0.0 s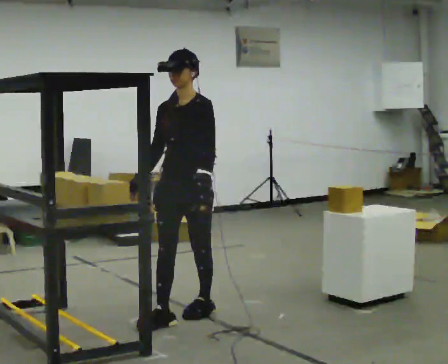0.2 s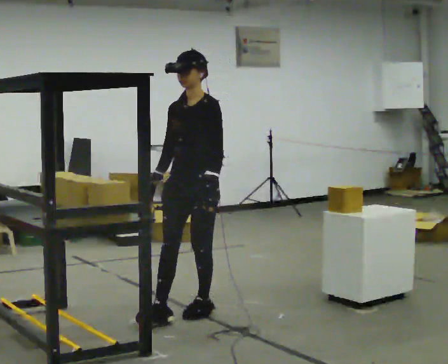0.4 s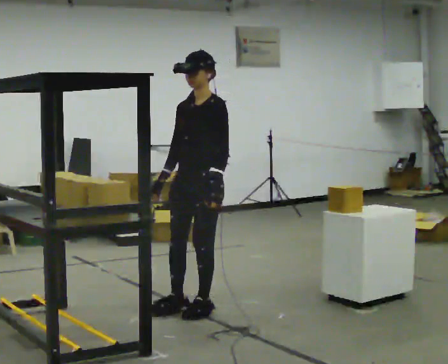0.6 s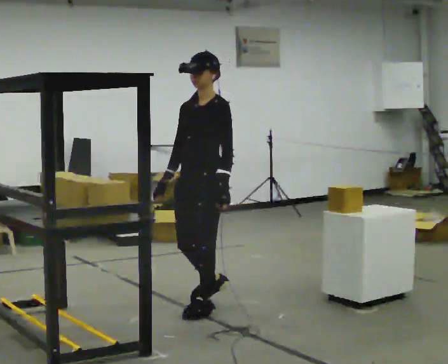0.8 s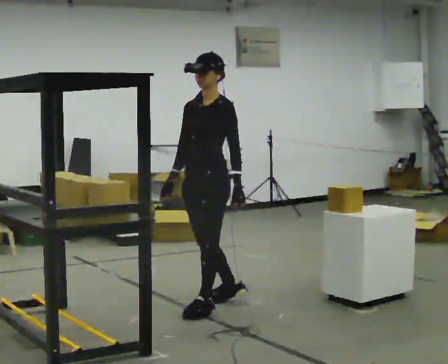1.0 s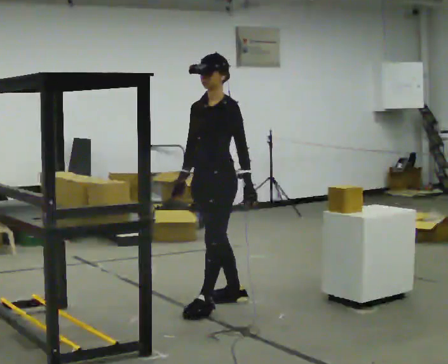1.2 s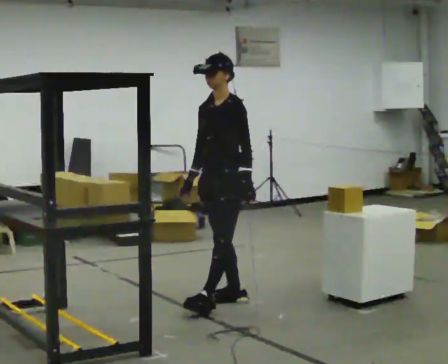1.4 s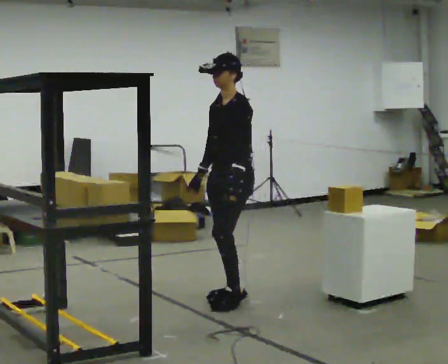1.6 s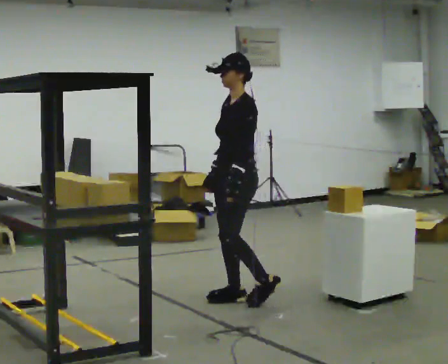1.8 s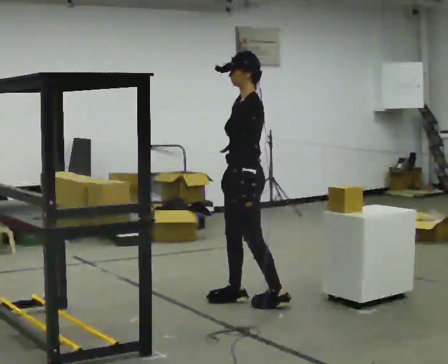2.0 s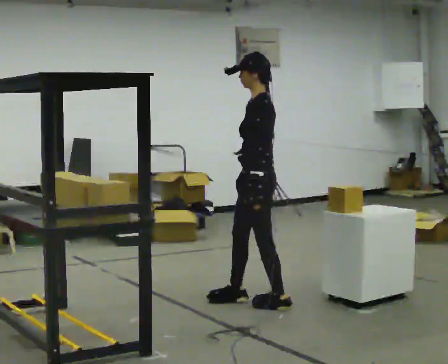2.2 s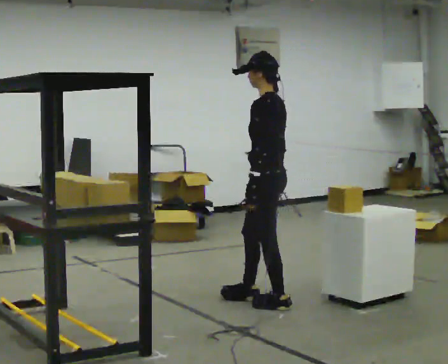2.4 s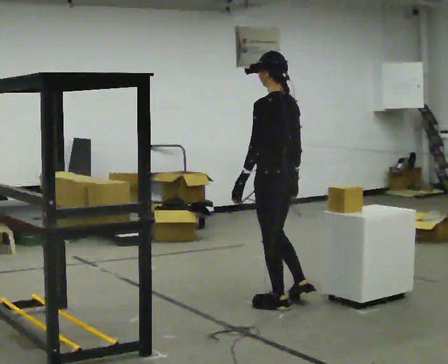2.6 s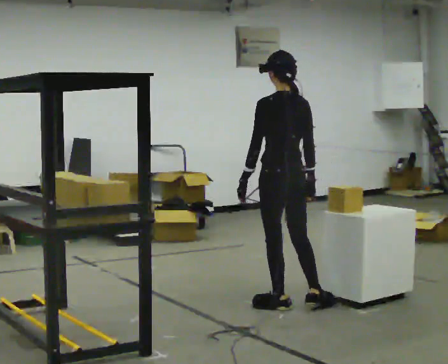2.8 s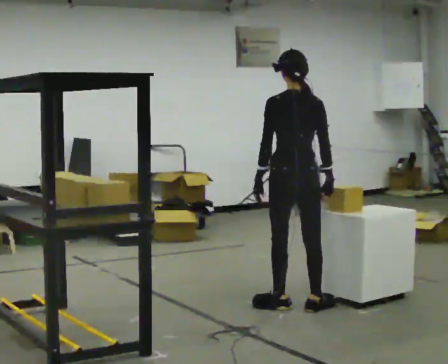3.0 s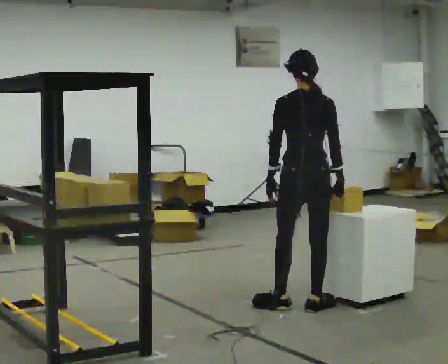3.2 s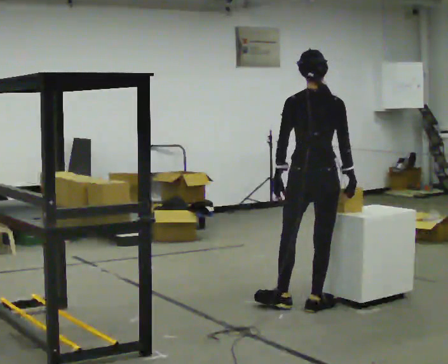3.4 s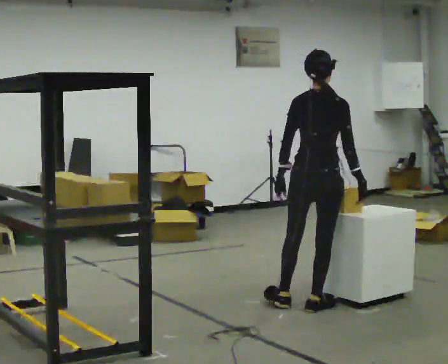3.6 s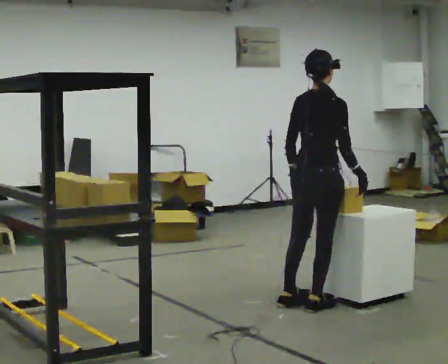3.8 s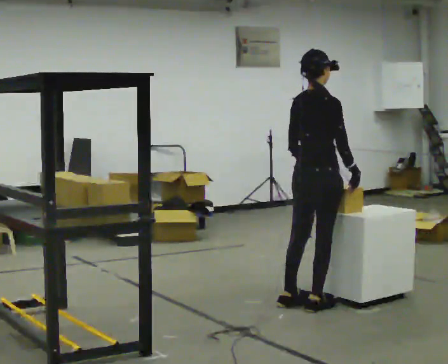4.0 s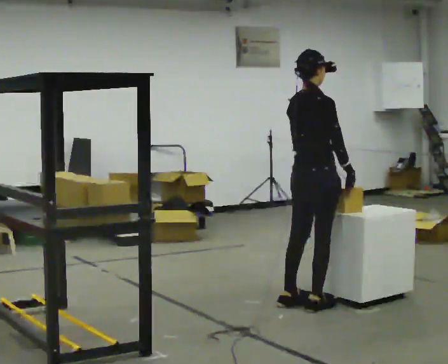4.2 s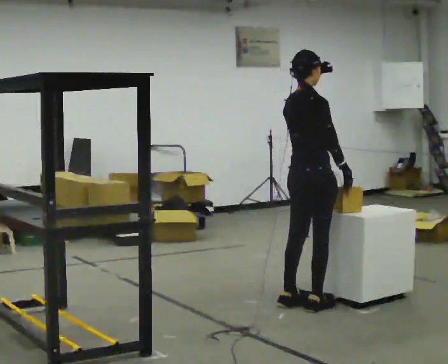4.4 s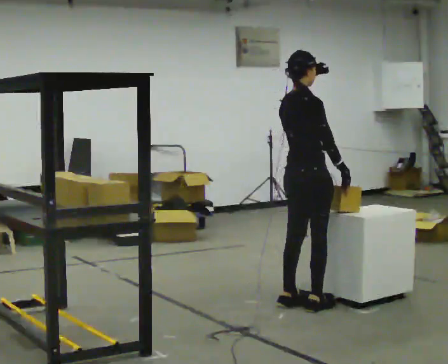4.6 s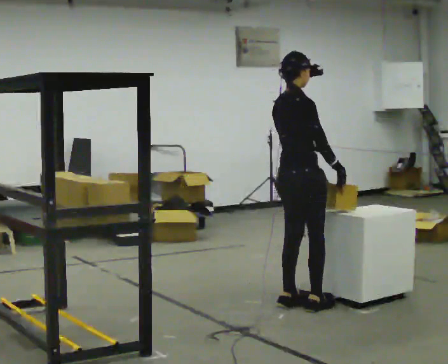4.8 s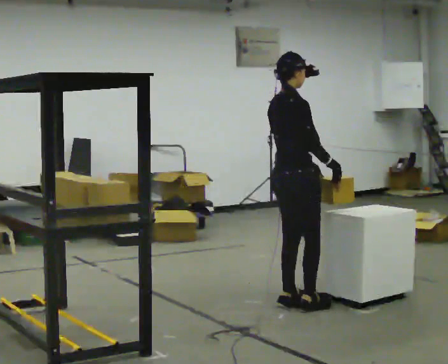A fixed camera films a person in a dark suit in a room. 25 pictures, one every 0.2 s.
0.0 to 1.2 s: In the picture they go away from the camera and to the right, about 0.5 m in 1 step, which for them is backward and to their right.
1.2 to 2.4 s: Seen from above the body turns clockwise, about 90 degrees: to their right, with its near side sliding to the left. In the picture they go to the right, about 0.25 m in 2 steps.
2.4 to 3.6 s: The person turns about 90 degrees to their right, clockwise seen from above, so the part of the body nearest the lens slides to the left. In the picture they go to the right, about 0.25 m. In the picture their left hand goes to the right.
3.6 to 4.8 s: Seen from above the body turns clockwise, about 30 degrees: to their right, with its near side sliding to the left.
The film runs backward here.
